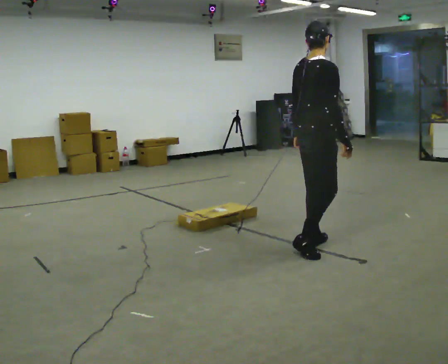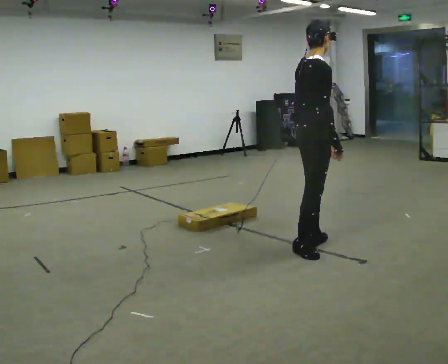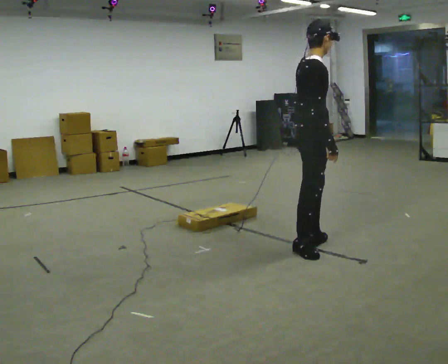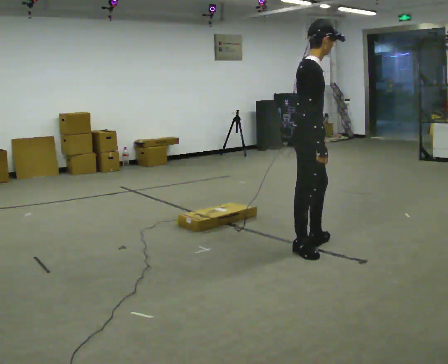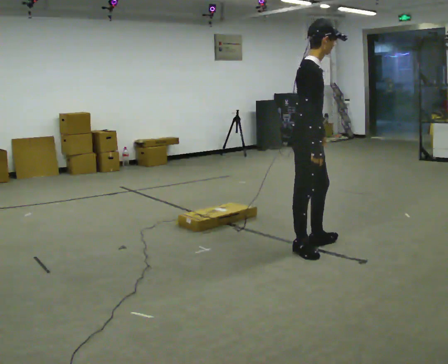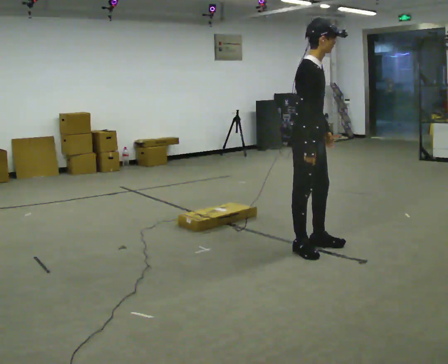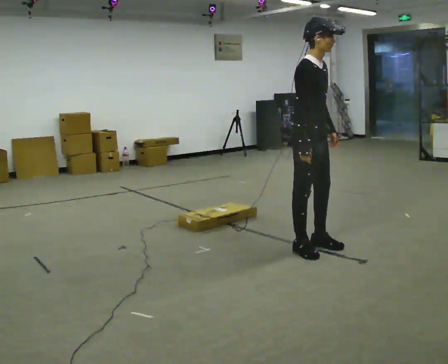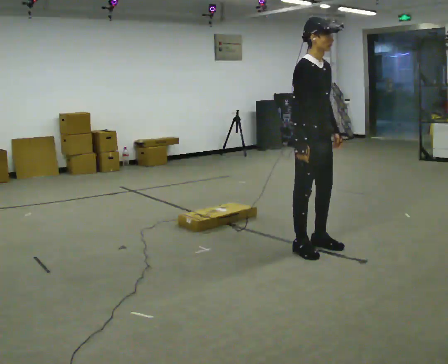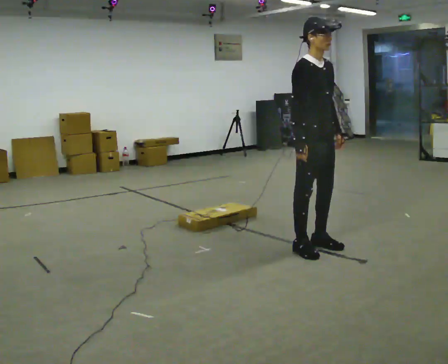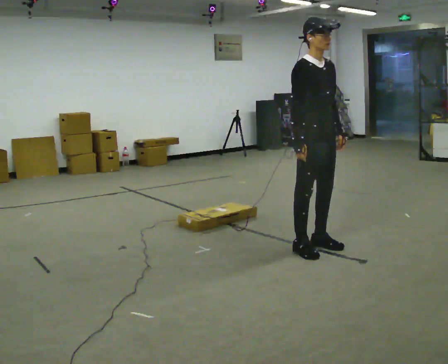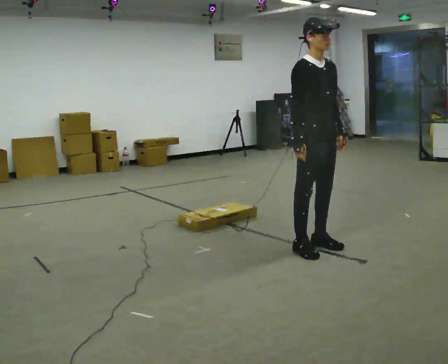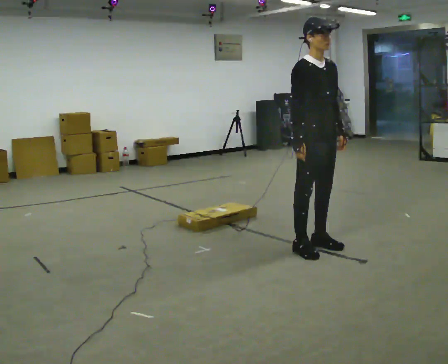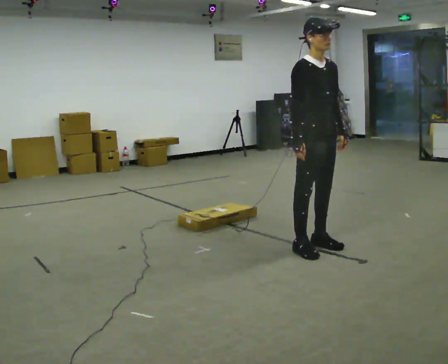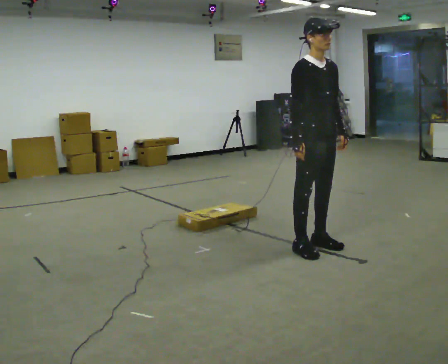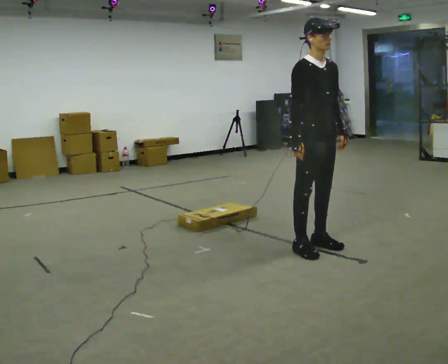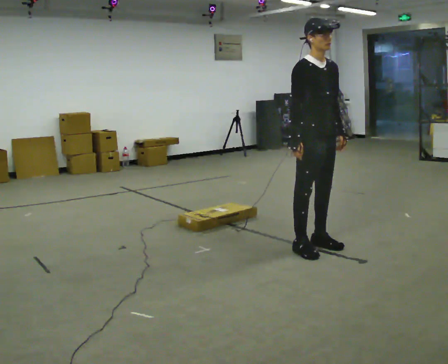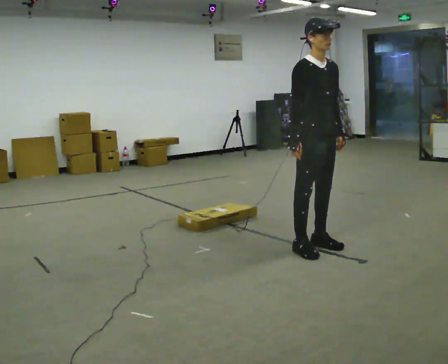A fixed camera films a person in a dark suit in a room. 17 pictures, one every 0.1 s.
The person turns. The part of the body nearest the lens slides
to the left.
The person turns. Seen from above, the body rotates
clockwise.
0.0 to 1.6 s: Seen from above the body turns clockwise, about 105 degrees: to their right, with its near side sliding to the left. In the picture their left hand goes to the right, the arm swinging counterclockwise.
The film runs backward here.
